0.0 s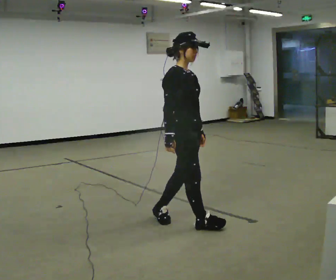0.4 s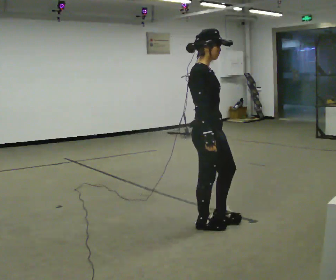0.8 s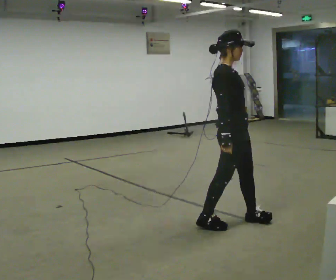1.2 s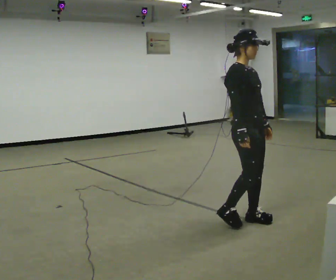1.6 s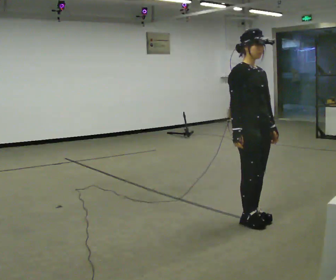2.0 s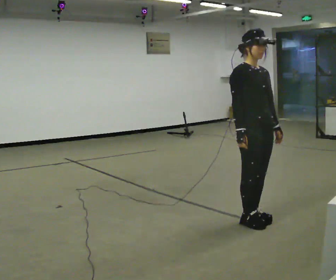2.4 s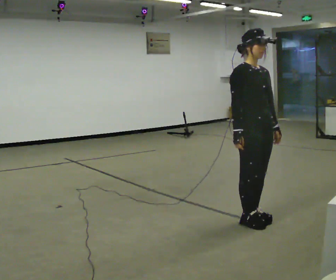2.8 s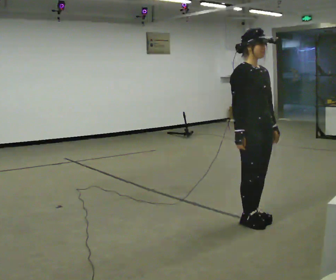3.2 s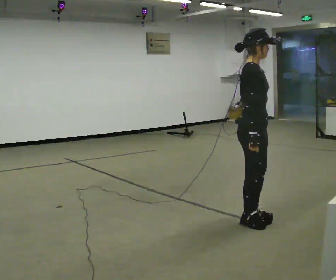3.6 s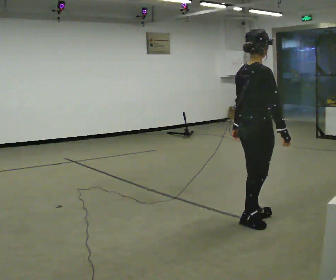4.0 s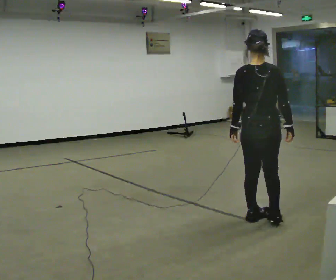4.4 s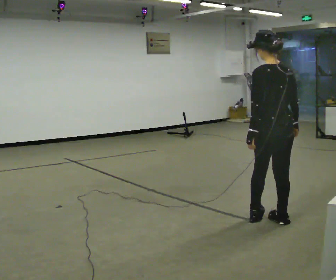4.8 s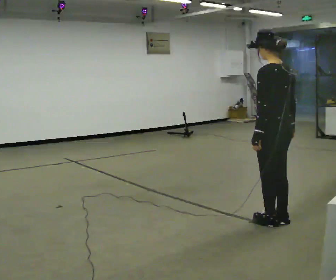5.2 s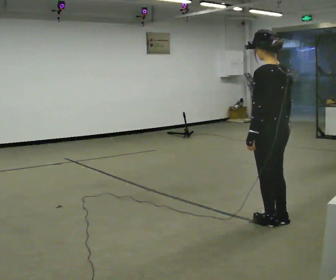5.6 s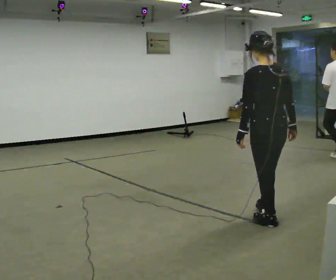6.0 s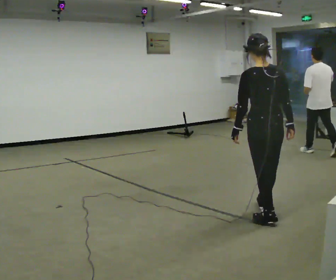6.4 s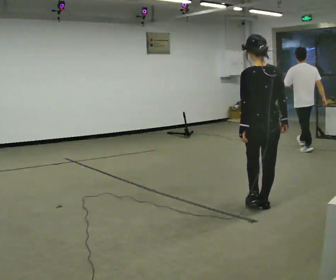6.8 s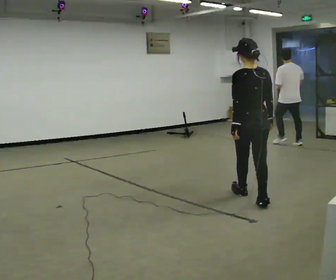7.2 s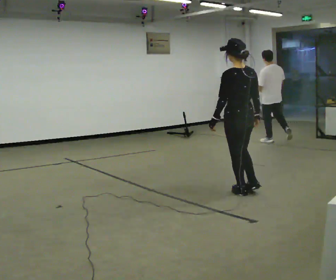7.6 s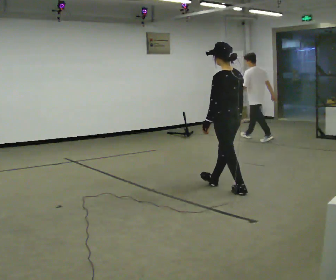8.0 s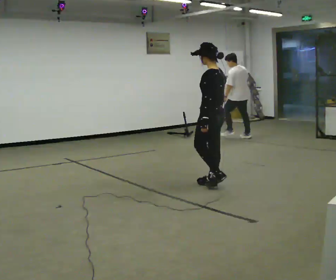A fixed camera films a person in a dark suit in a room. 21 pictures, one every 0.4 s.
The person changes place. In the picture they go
away from the camera.
The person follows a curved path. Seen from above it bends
counterclockwise.
0.0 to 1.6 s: In the picture they go to the right, about 0.5 m in 2 steps, which for them is forward.
1.6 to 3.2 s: Seen from above the body turns counterclockwise, about 30 degrees: to their left, with its near side sliding to the right.
3.2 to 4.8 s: The person turns about 150 degrees to their left, counterclockwise seen from above, so the part of the body nearest the lens slides to the right. In the picture they go to the right, about 0.25 m in 2 steps.
4.8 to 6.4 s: The part of the body nearest the lens slides to the left as the person turns to their right by about 30 degrees. In the picture they go away from the camera, about 0.5 m in 1 step, which for them is forward.
6.4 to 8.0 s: Seen from above the body turns counterclockwise, about 45 degrees: to their left, with its near side sliding to the right. In the picture they go away from the camera and to the left, about 1 m in 2 steps, which for them is forward.
The film runs forward here.
